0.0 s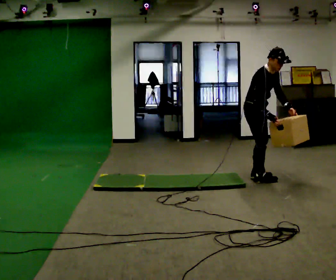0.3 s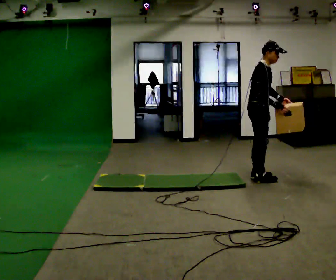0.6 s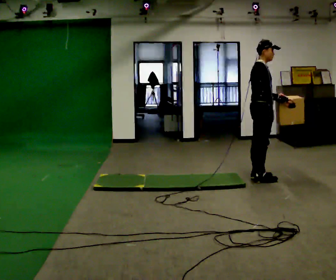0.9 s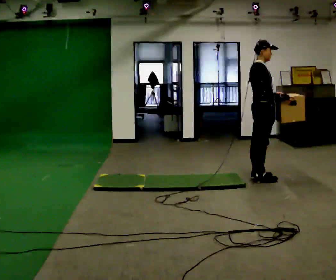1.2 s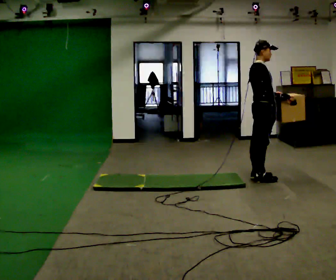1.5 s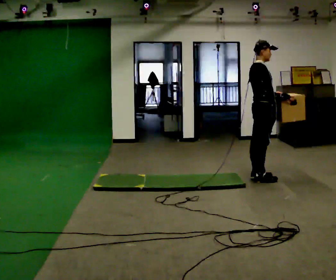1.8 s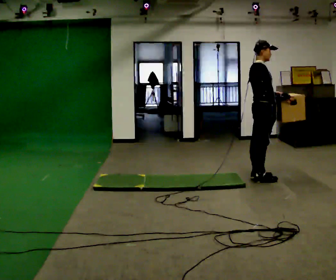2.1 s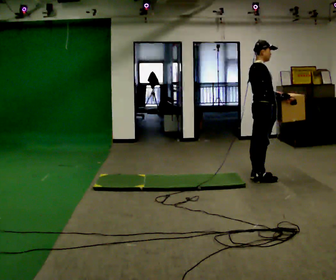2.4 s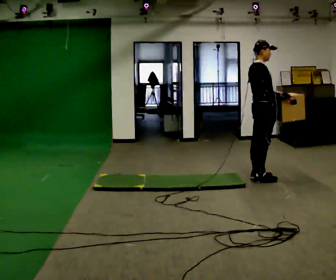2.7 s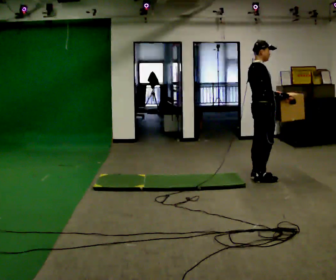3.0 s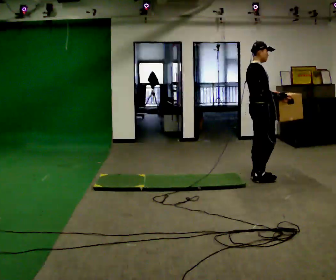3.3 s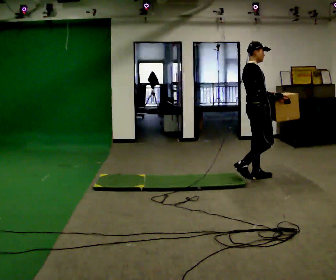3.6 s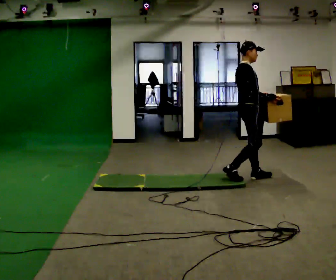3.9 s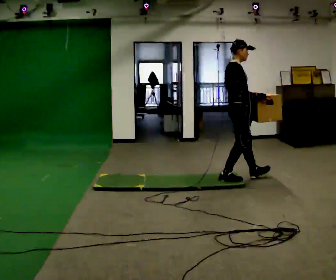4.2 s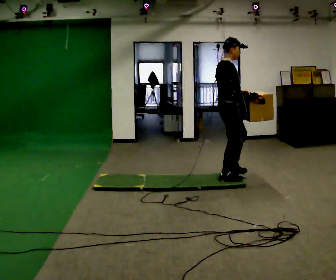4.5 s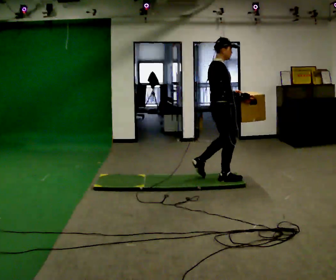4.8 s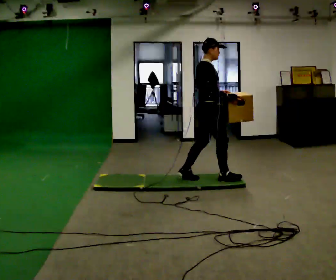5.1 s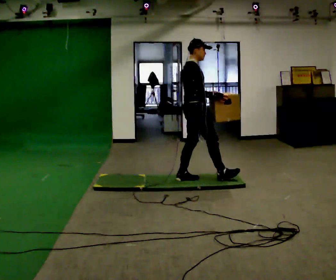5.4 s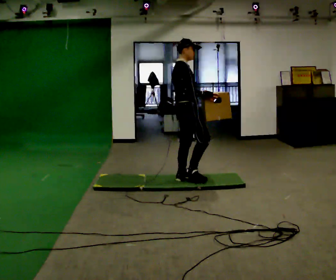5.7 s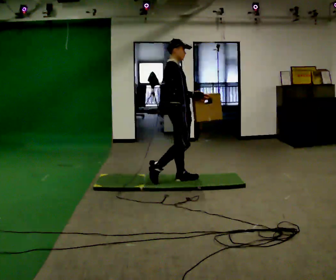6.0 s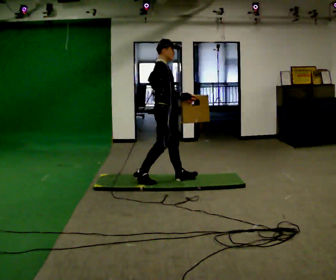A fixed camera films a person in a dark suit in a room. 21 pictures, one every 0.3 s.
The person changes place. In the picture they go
to the left.
0.0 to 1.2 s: The part of the body nearest the lens slides to the right as the person turns to their left by about 30 degrees. In the picture the upper body tilts counterclockwise, shoulders to the left, as they lean back or straighten.
1.2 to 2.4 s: The person keeps their place and pose.
2.4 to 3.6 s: The person moves a little, or ends about where they began.
3.6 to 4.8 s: In the picture they go to the left and toward the camera, about 0.5 m in 1 step, which for them is backward.
4.8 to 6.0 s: In the picture they go to the left, about 0.5 m in 1 step, which for them is backward.
The film runs backward here.
